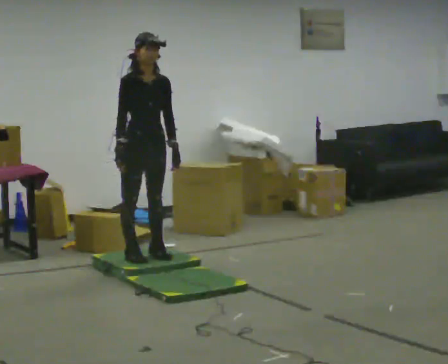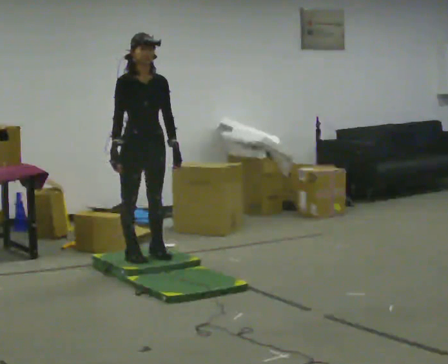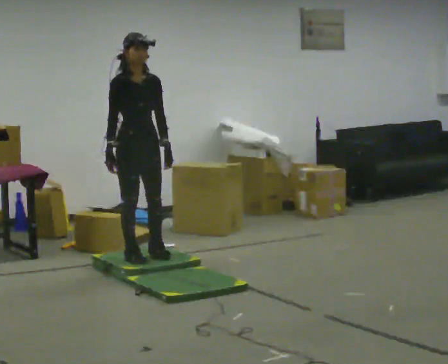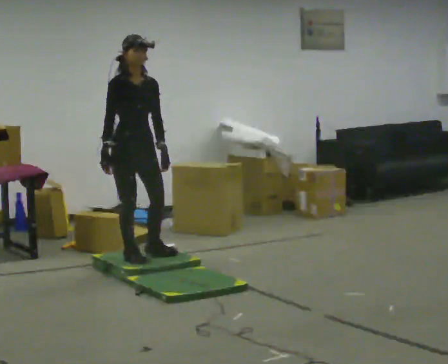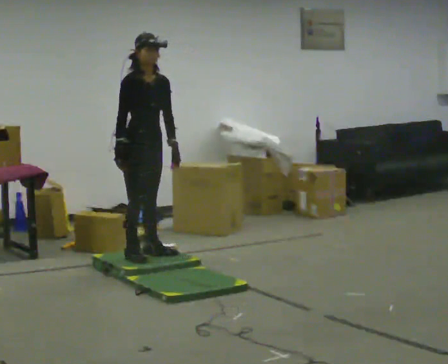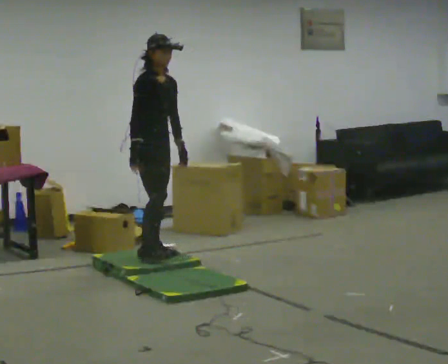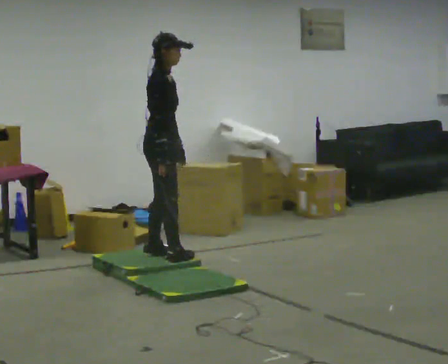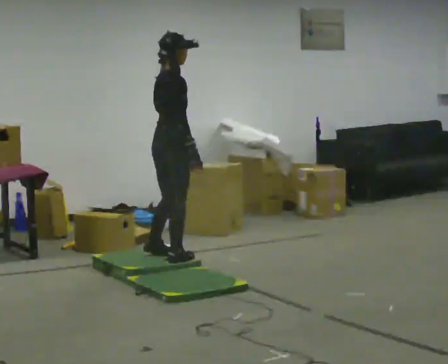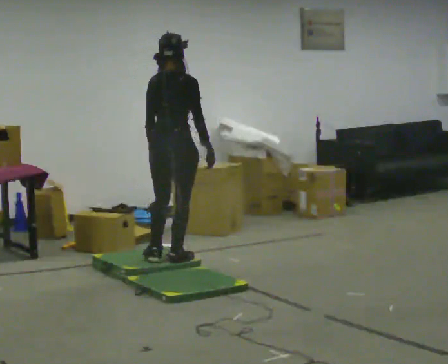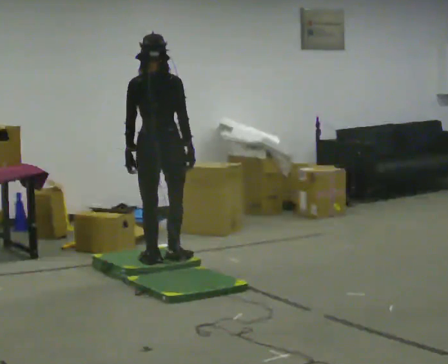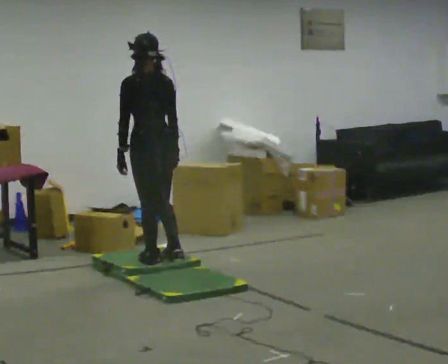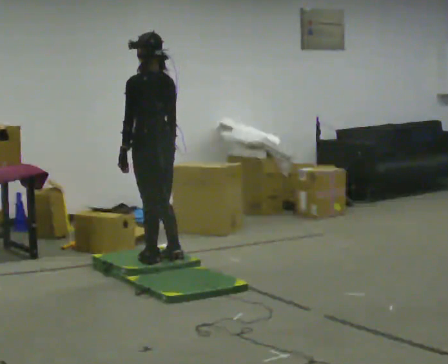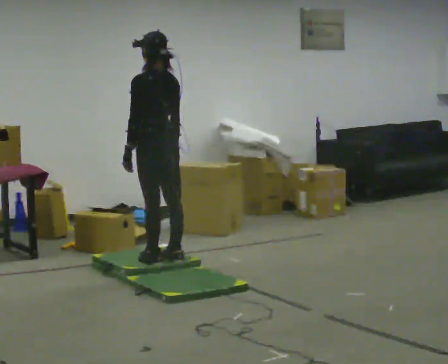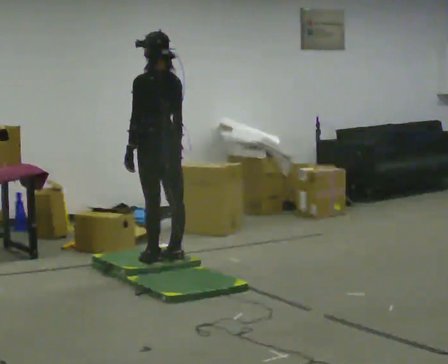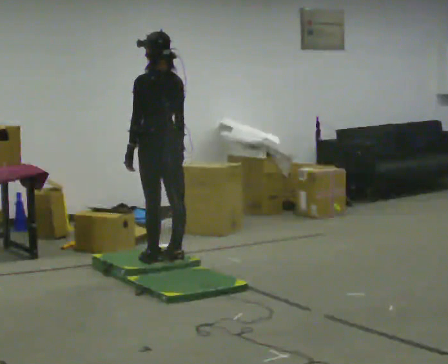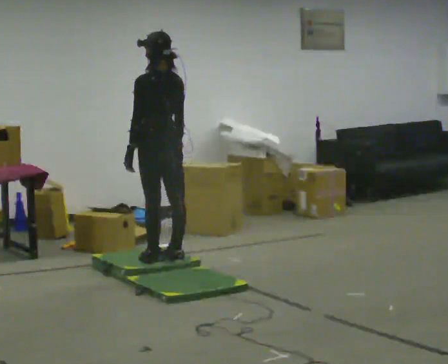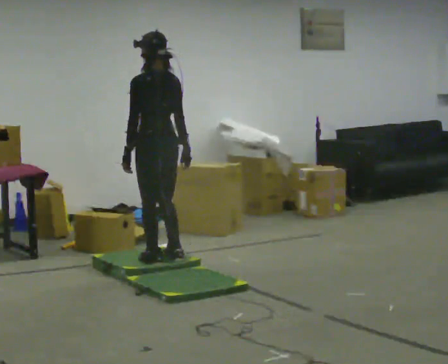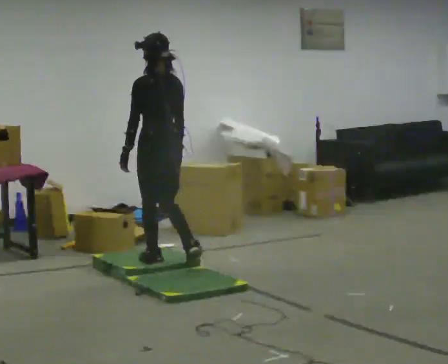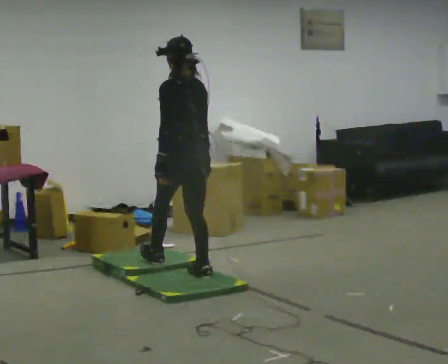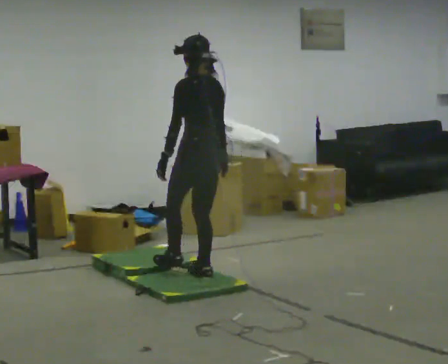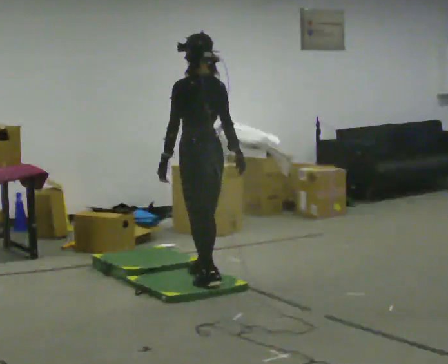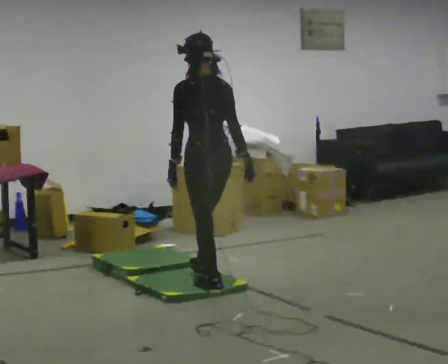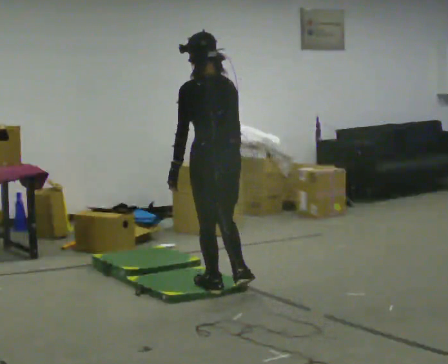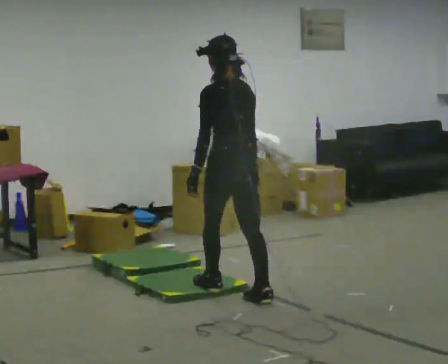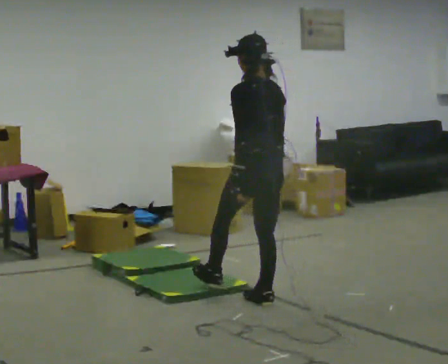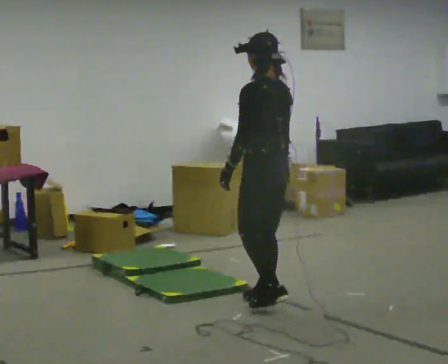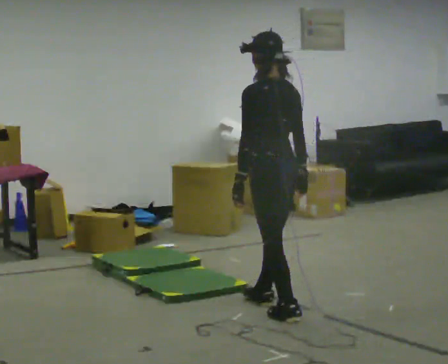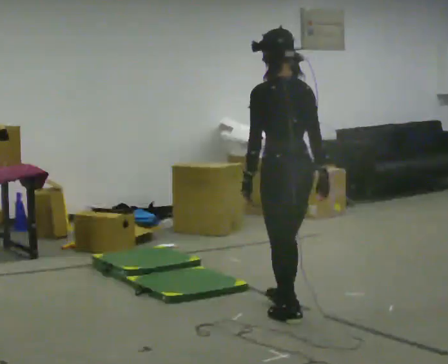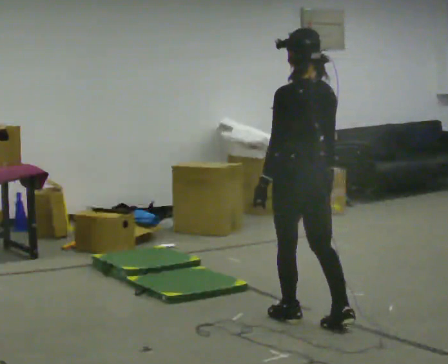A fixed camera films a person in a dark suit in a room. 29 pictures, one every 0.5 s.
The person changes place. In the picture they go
toward the camera.
0.0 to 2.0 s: The person moves a little, or ends about where they began.
2.0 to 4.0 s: The person turns about 105 degrees to their left, counterclockwise seen from above, so the part of the body nearest the lens slides to the right. In the picture they go to the right and toward the camera, about 0.25 m in 2 steps. In the picture their right hand goes to the right, the arm swinging counterclockwise.
4.0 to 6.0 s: Seen from above the body turns counterclockwise, about 75 degrees: to their left, with its near side sliding to the right.
6.0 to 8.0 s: The person moves a little, or ends about where they began.
8.0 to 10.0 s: In the picture they go toward the camera and to the right, about 0.5 m in 2 steps, which for them is backward.
10.0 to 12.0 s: In the picture they go toward the camera and to the right, about 0.5 m in 1 step, which for them is backward and to their right.
12.0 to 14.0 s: In the picture they go toward the camera and to the right, about 0.5 m in 2 steps, which for them is backward.
The film runs backward here.
